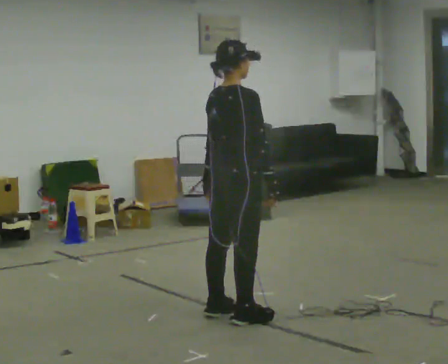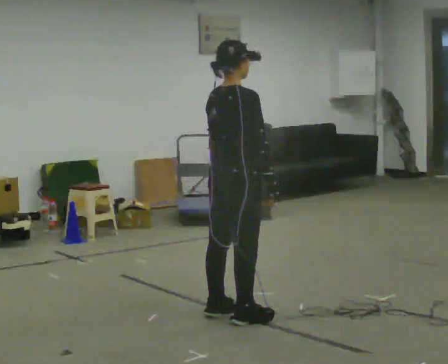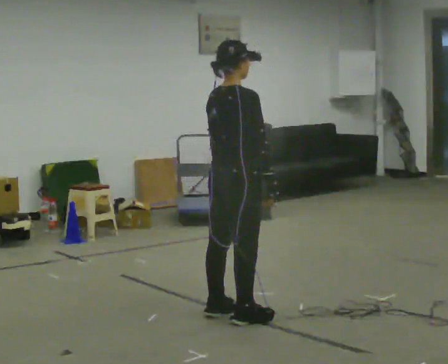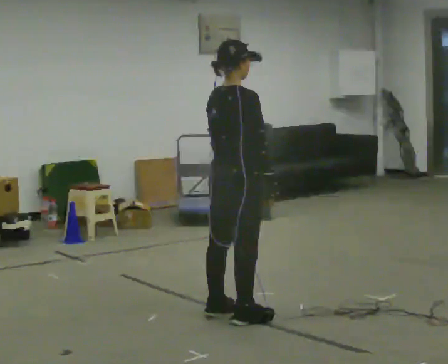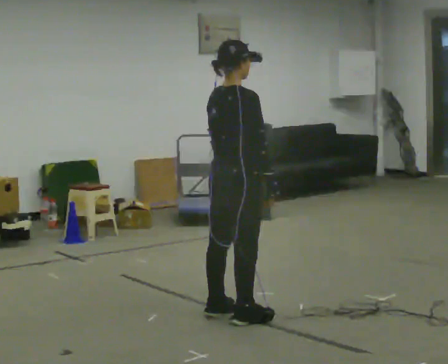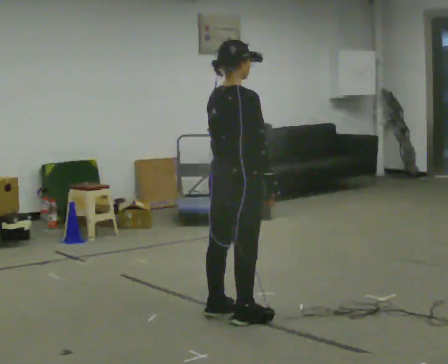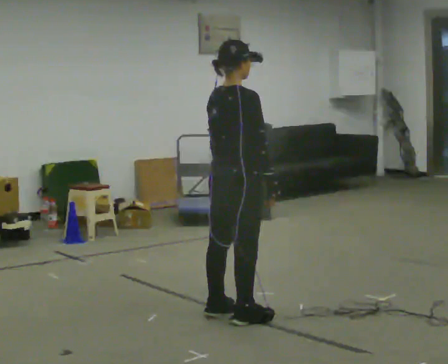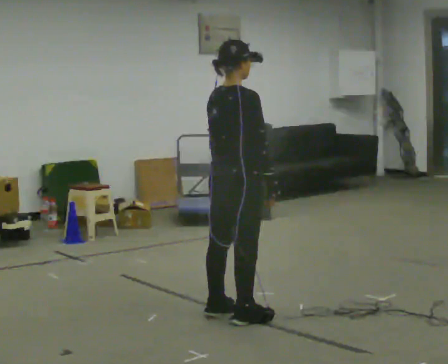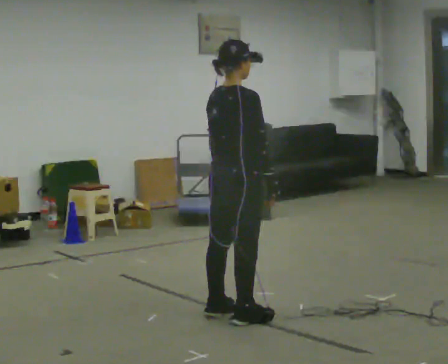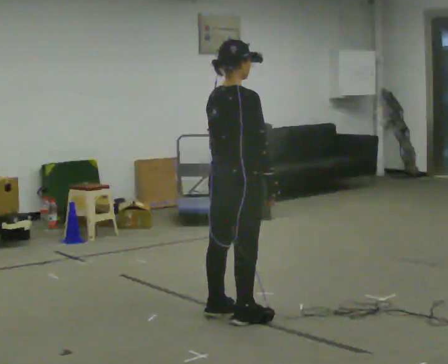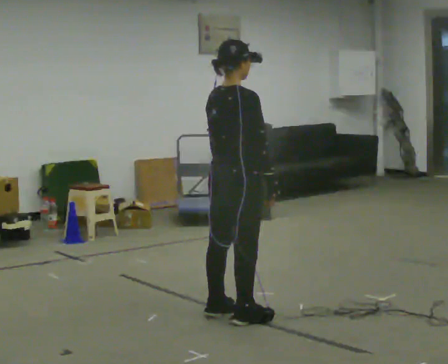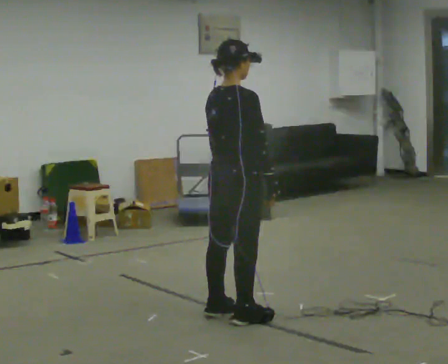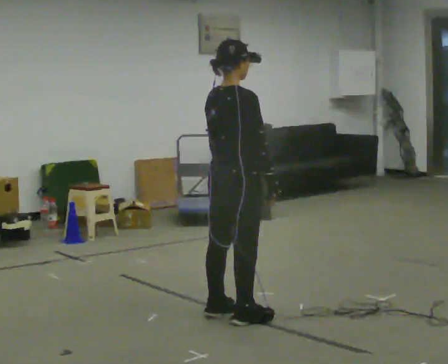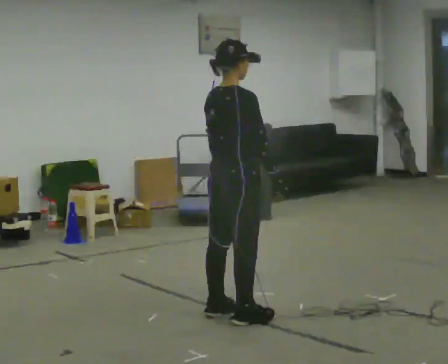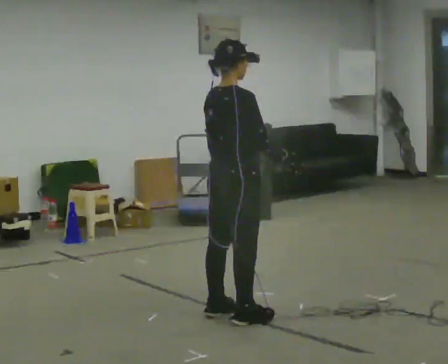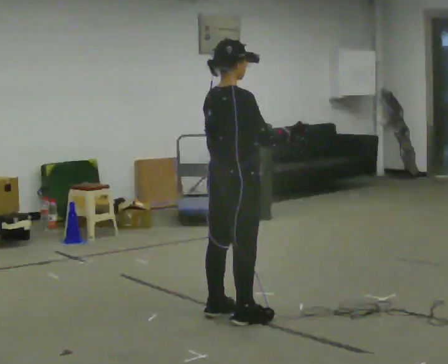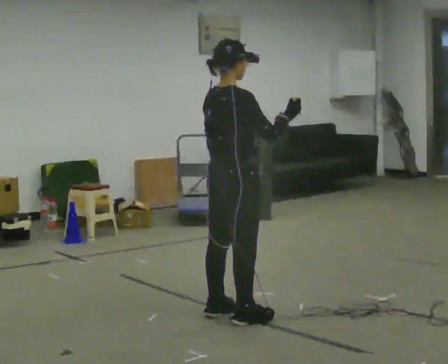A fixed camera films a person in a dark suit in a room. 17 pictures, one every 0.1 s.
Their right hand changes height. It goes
upward.
0.0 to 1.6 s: In the picture their right hand goes upward, the arm swinging counterclockwise.
The film runs forward here.
